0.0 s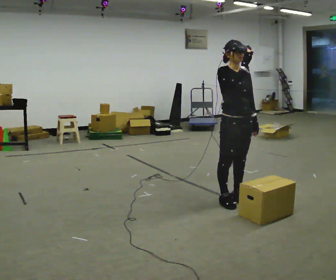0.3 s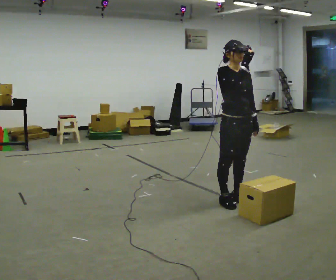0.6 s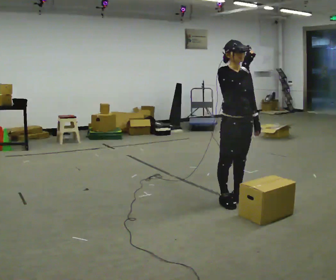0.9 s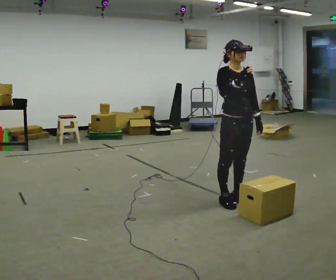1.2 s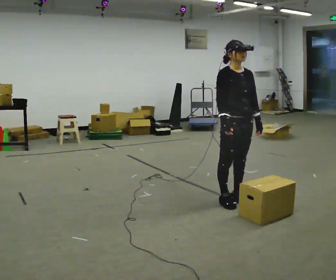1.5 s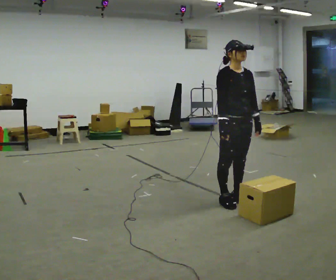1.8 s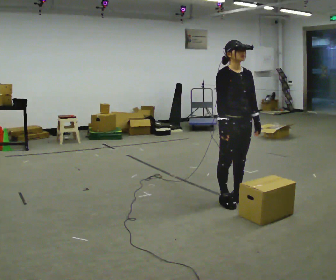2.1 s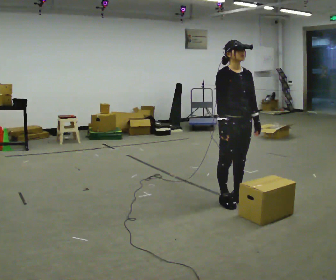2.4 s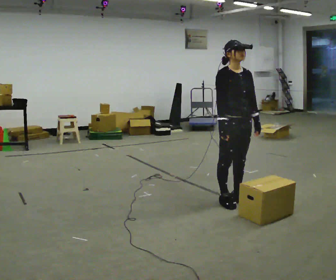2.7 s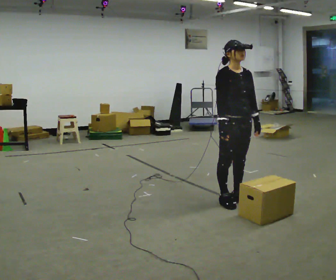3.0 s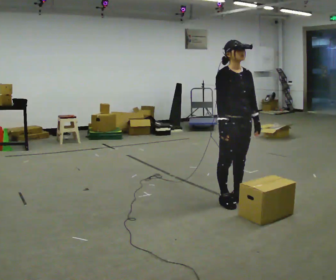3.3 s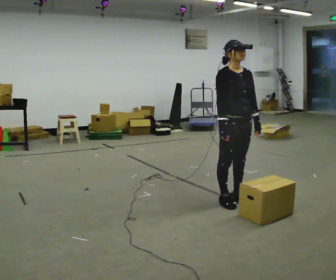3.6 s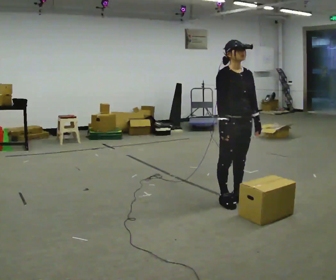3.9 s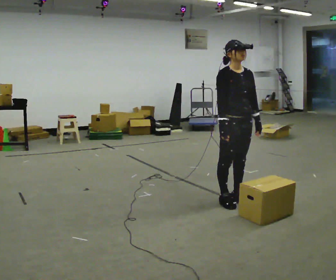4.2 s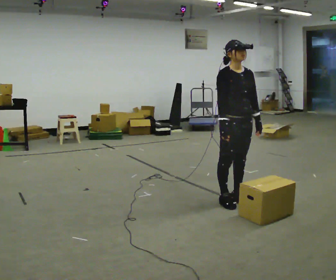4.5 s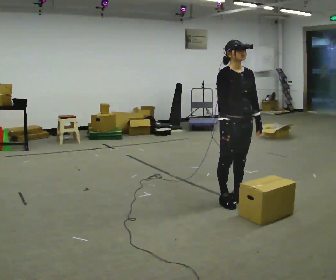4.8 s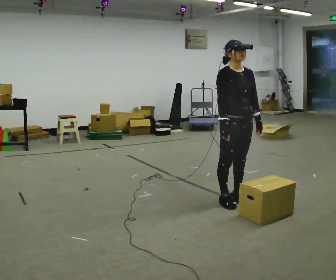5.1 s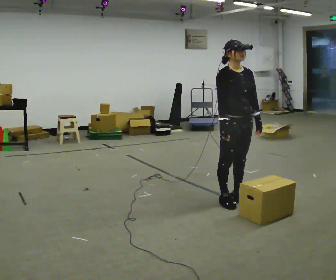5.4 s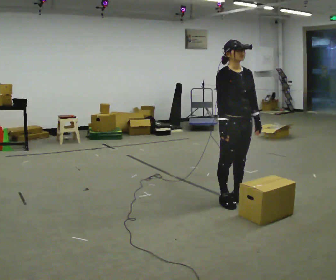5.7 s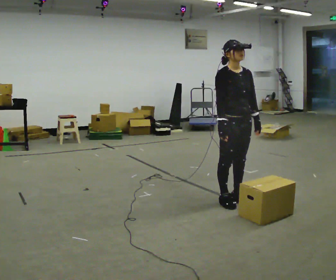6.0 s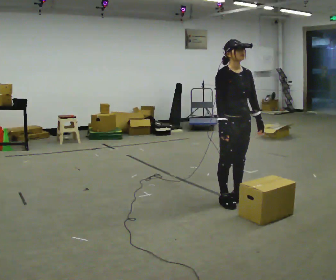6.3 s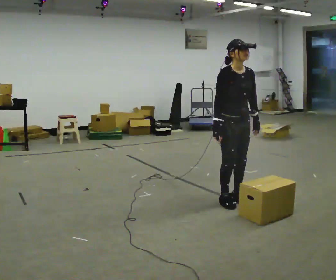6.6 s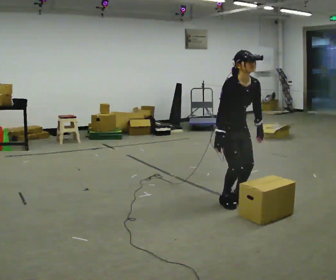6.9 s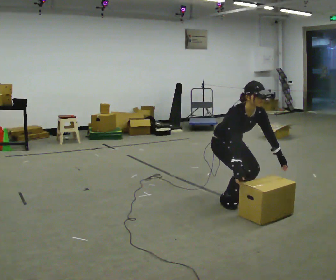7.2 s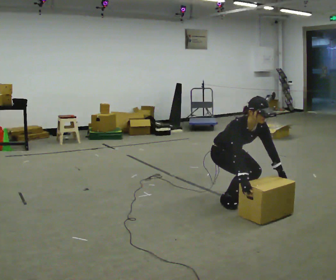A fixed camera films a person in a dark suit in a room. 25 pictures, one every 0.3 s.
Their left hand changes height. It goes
downward.
Their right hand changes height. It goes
downward.
0.0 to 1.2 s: In the picture their right hand goes downward.
1.2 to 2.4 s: The person moves a little, or ends about where they began.
2.4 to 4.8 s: The person keeps their place and pose.
4.8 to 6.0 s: The person moves a little, or ends about where they began.
6.0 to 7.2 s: The upper body goes downward. The upper body tips toward the camera, its near side rolling downward, as they bend forward. In the picture their right hand goes downward.
The film runs backward here.
